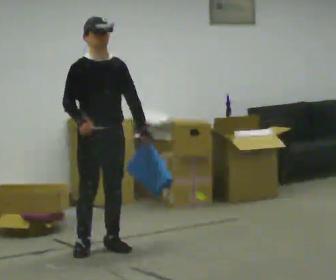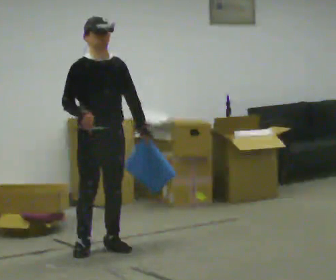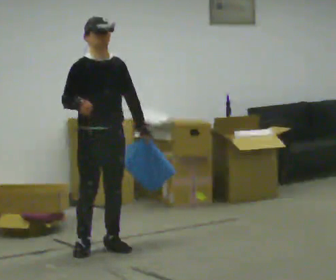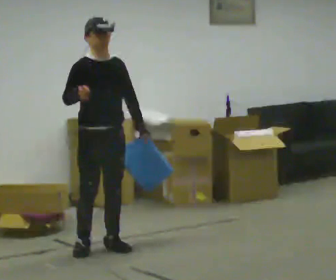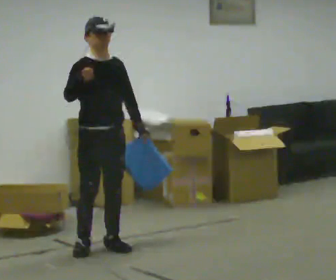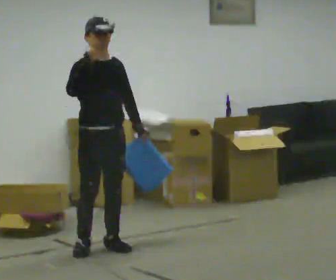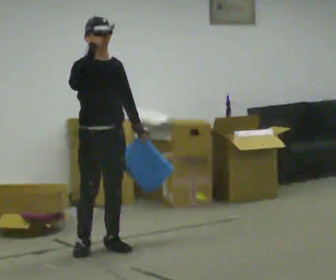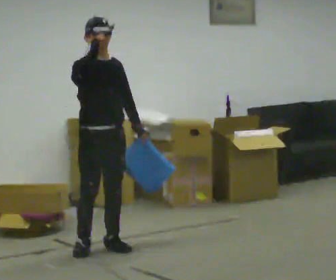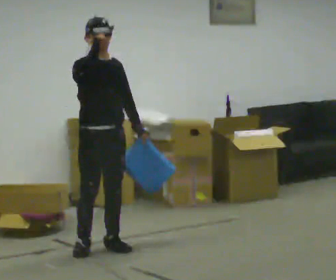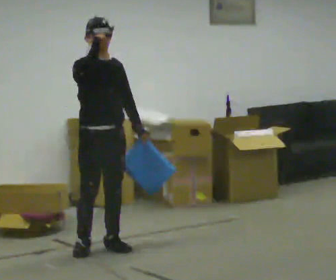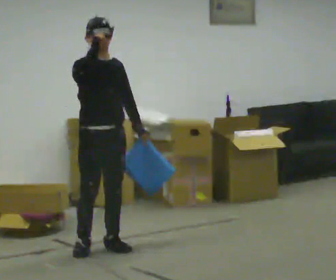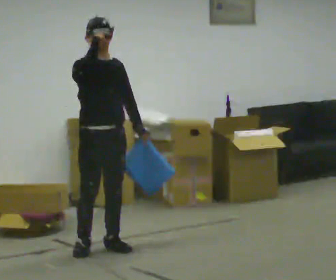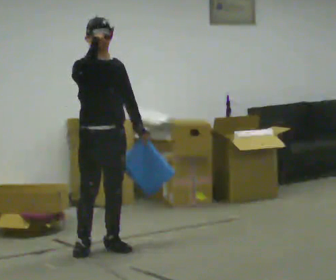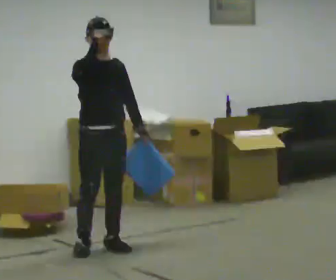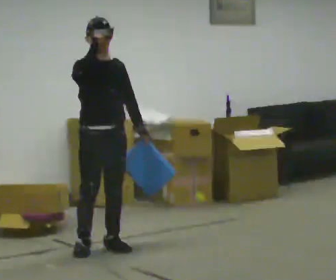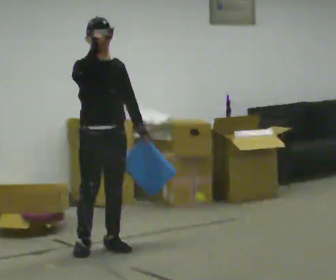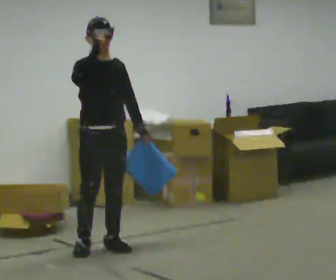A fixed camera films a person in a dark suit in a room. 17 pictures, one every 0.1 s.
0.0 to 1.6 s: In the picture their right hand goes upward.
The film runs forward here.
